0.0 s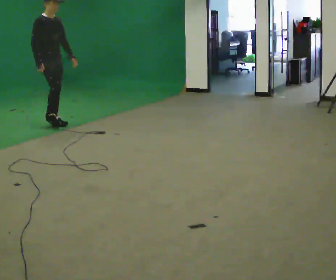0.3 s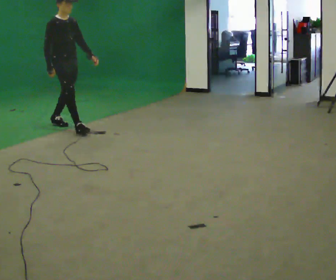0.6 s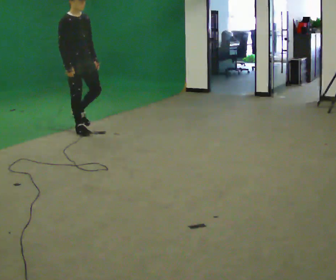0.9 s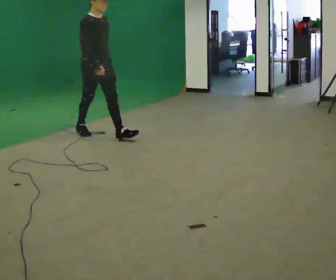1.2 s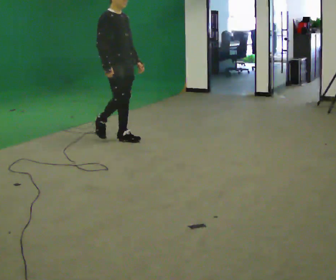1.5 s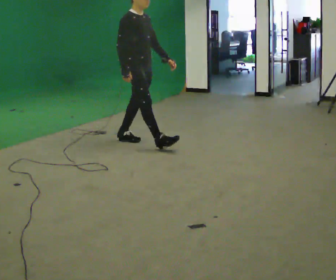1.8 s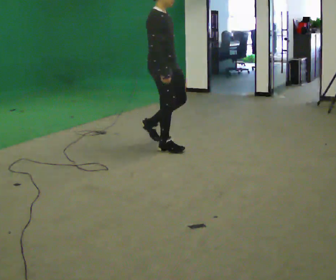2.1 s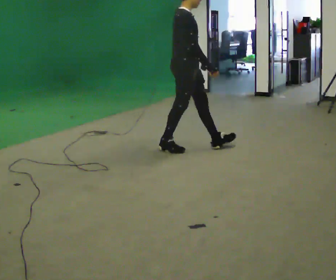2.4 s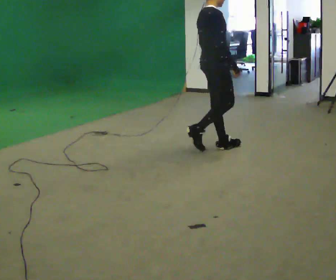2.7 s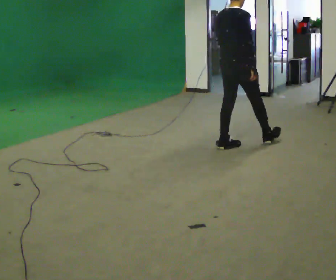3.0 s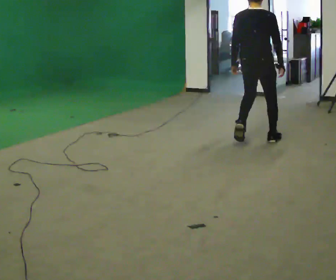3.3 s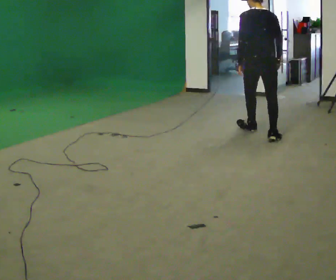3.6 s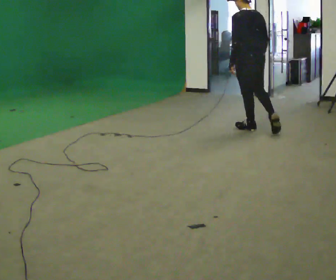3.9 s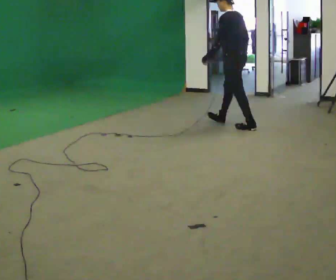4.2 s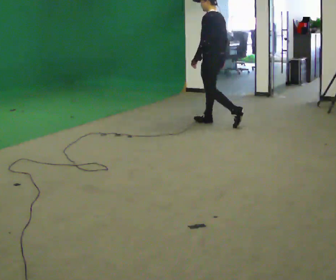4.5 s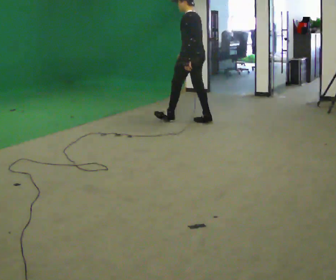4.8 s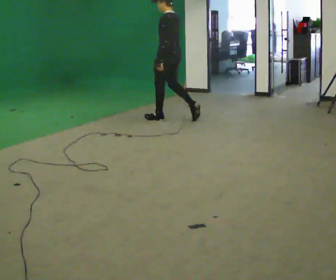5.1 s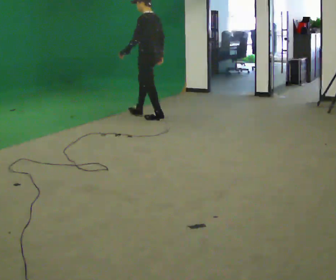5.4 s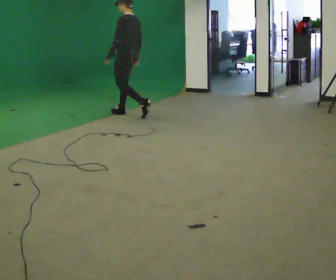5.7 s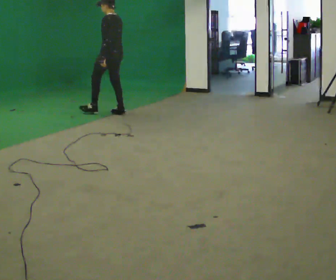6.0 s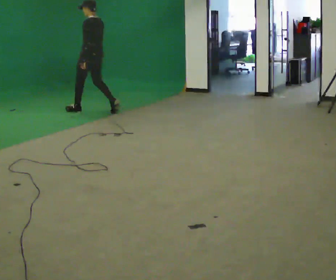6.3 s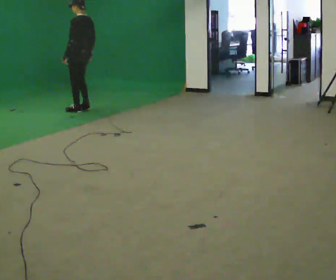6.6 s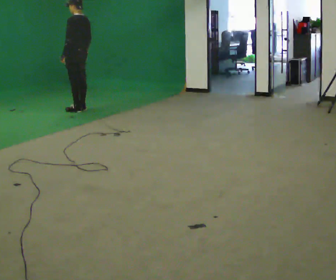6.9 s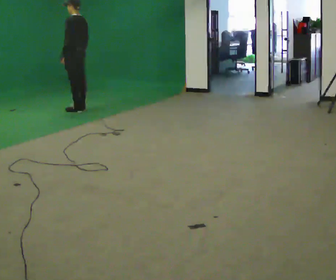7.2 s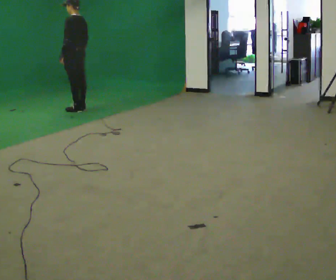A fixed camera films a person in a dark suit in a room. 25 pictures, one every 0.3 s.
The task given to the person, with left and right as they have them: Walk straight; turn around and walk back; use wide or tight turn.
0.0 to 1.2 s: In the picture they go to the right and toward the camera, about 1 m in 2 steps, which for them is forward.
1.2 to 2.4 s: The person turns about 45 degrees to their left, counterclockwise seen from above, so the part of the body nearest the lens slides to the right. In the picture they go to the right, about 1 m in 2 steps, which for them is forward.
2.4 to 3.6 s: The person turns about 105 degrees to their left, counterclockwise seen from above, so the part of the body nearest the lens slides to the right. In the picture they go away from the camera and to the right, about 1 m in 2 steps.
3.6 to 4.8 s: Seen from above the body turns counterclockwise, about 30 degrees: to their left, with its near side sliding to the right. In the picture they go to the left and away from the camera, about 1 m in 2 steps, which for them is forward.
4.8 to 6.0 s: In the picture they go to the left, about 1.5 m in 2 steps, which for them is forward.
6.0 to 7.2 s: In the picture they go to the left, about 0.25 m in 1 step, which for them is forward.
The film runs forward here.
